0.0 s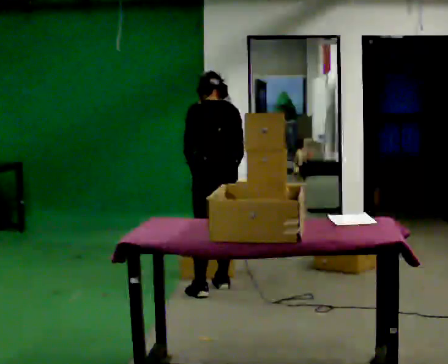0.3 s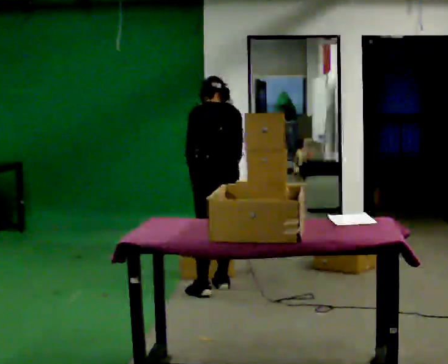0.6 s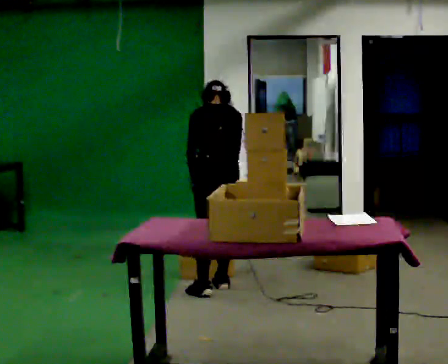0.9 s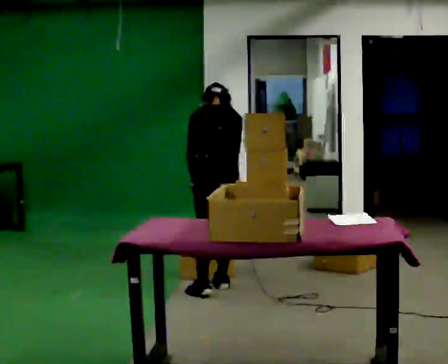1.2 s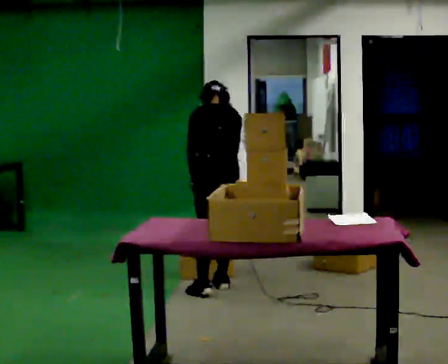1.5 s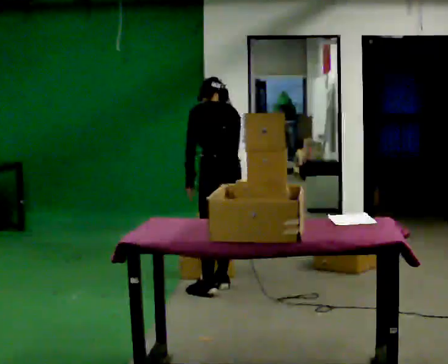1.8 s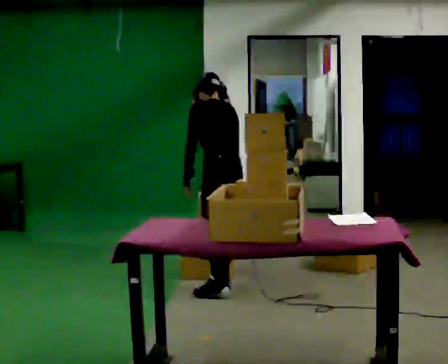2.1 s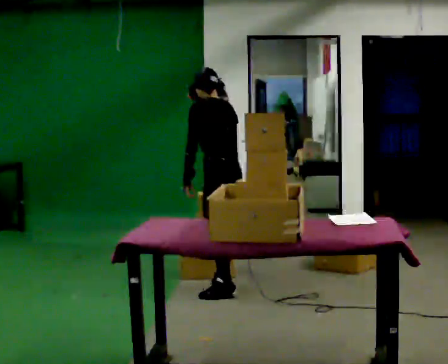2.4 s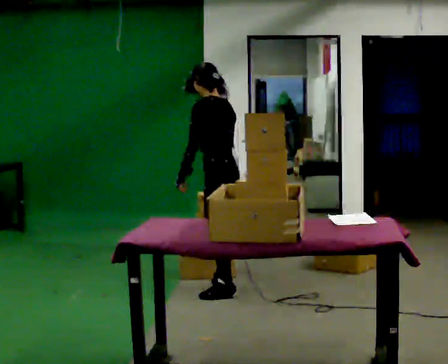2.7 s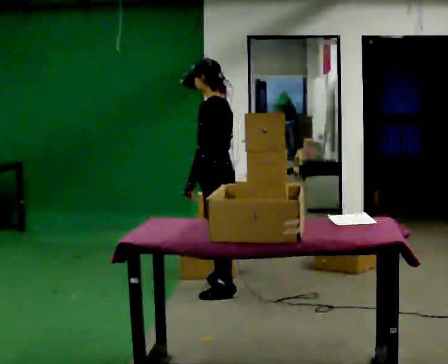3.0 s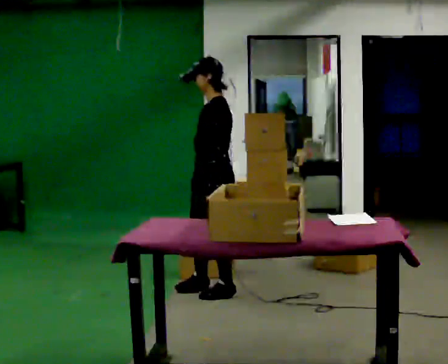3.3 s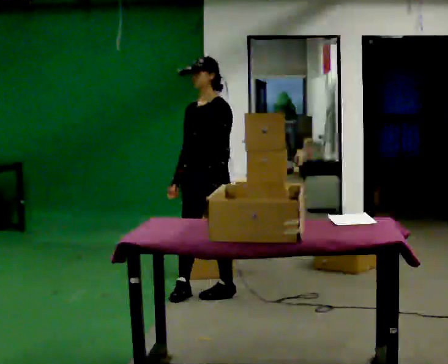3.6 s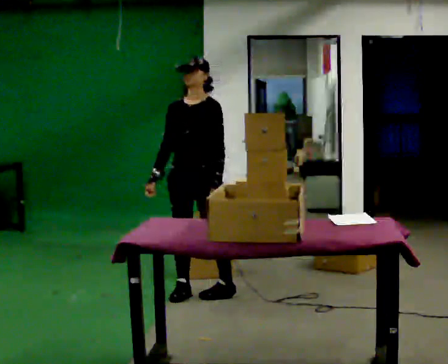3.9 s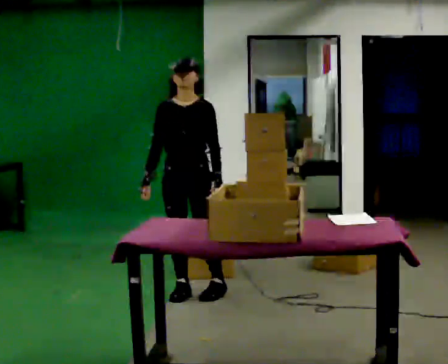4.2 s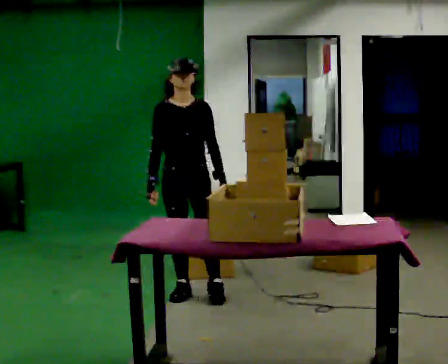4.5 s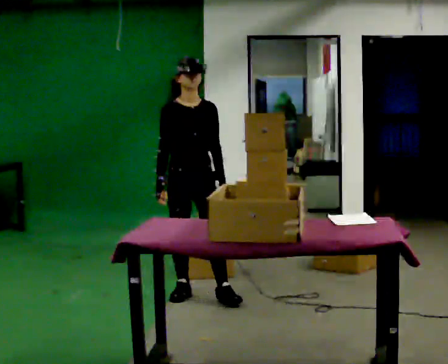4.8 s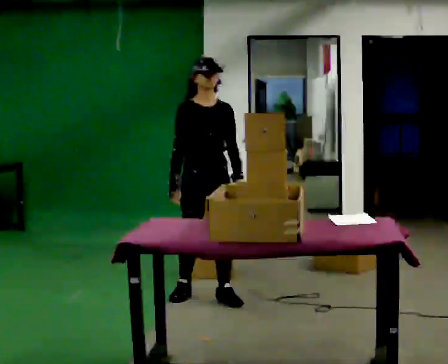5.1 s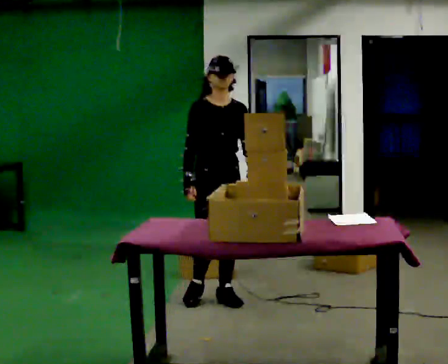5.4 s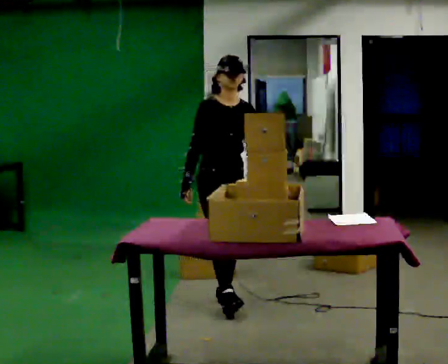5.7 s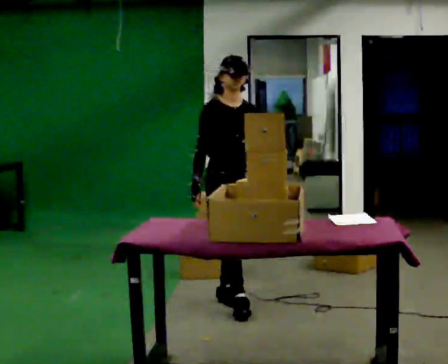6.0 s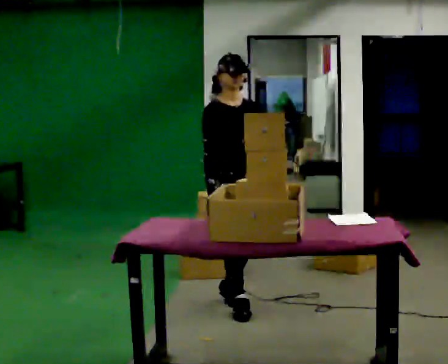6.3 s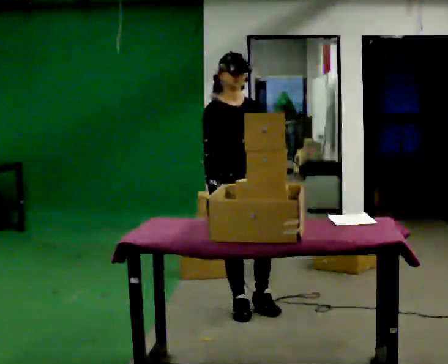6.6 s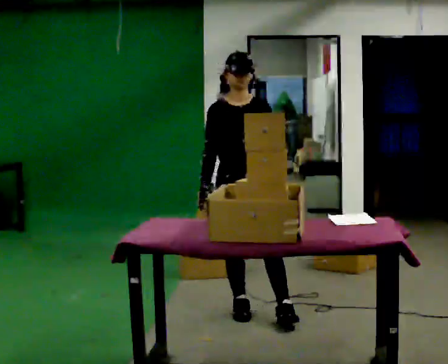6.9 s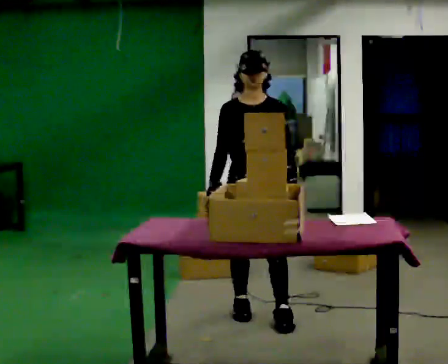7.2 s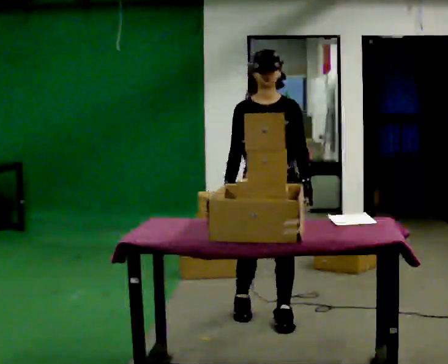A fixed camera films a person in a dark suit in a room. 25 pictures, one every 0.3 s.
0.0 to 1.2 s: The person moves a little, or ends about where they began.
1.2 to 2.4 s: The person turns about 45 degrees to their left, counterclockwise seen from above, so the part of the body nearest the lens slides to the right. The upper body tips toward the camera, its near side rolling downward, as they lean back or straighten.
2.4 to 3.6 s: Seen from above the body turns counterclockwise, about 90 degrees: to their left, with its near side sliding to the right. In the picture they go to the left, about 0.25 m in 1 step.
3.6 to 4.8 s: The person turns about 30 degrees to their left, counterclockwise seen from above, so the part of the body nearest the lens slides to the right.
4.8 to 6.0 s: In the picture they go toward the camera and to the right, about 0.25 m in 1 step, which for them is forward.
6.0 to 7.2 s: Seen from above the body turns clockwise, about 45 degrees: to their right, with its near side sliding to the left. In the picture they go toward the camera and to the right, about 0.25 m in 1 step, which for them is forward and to their left.
The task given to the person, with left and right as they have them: 1. Take the objects out of the box on the table one at a time. 2. Put each one in the bin the operator has labelled for it. 3. Tell the operator when you are finished.
The film runs forward here.
